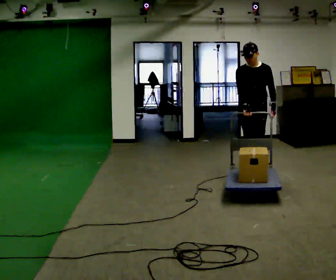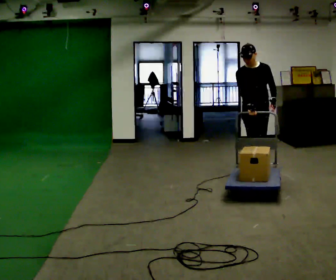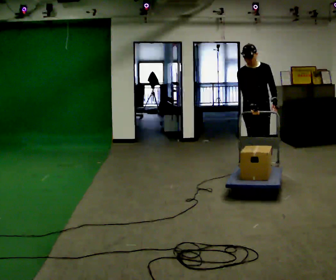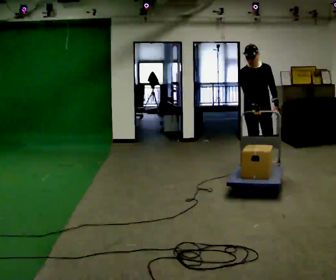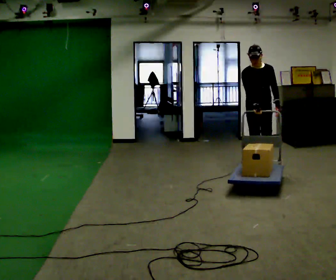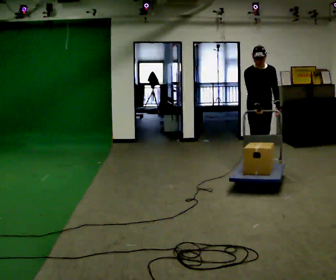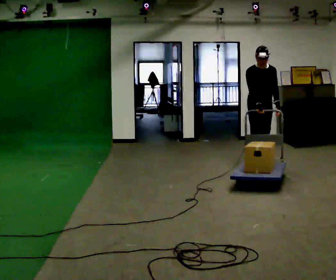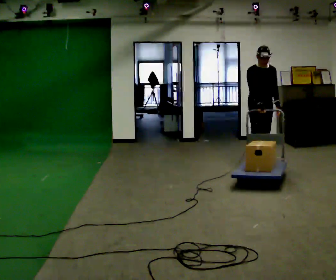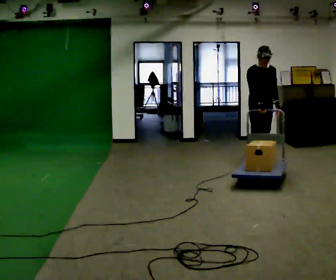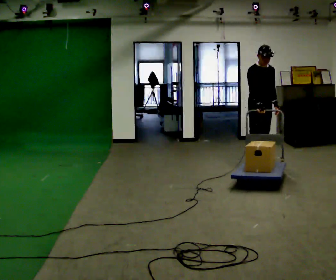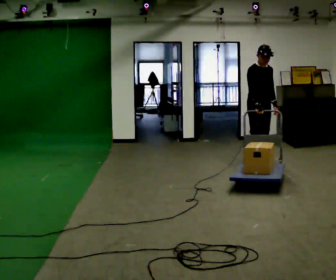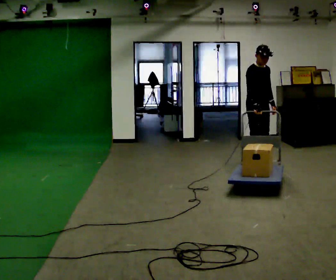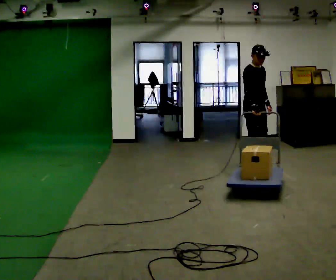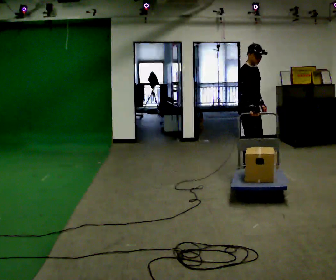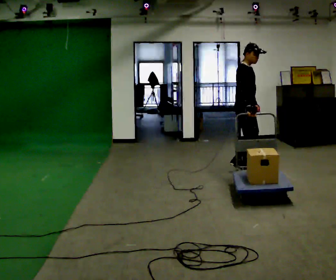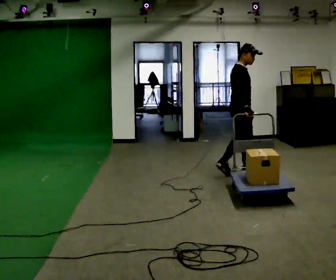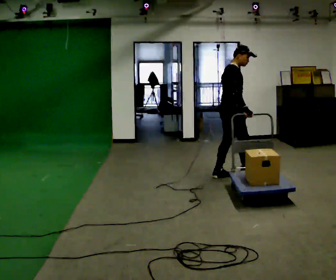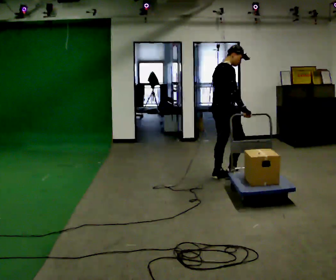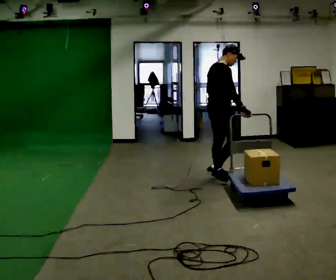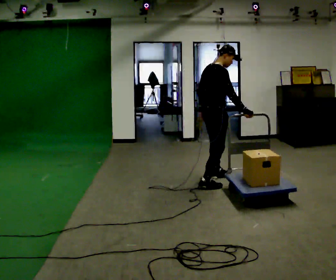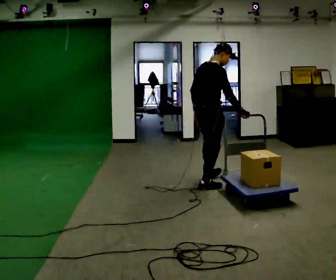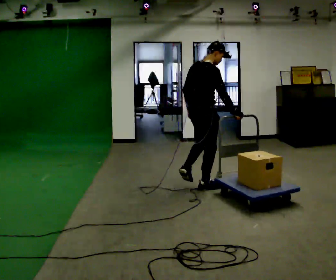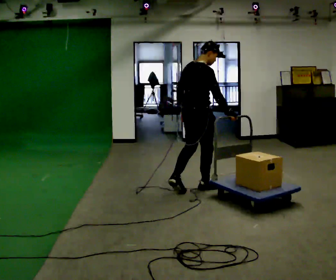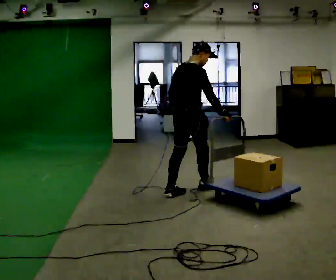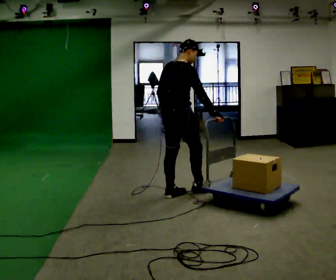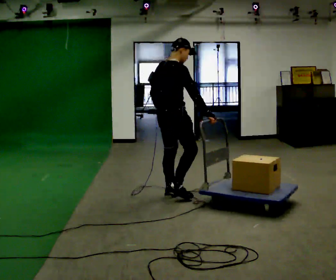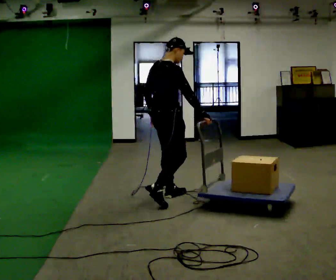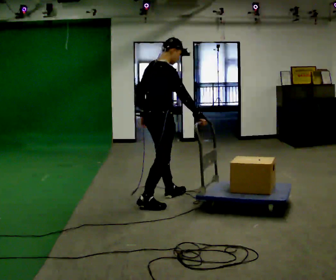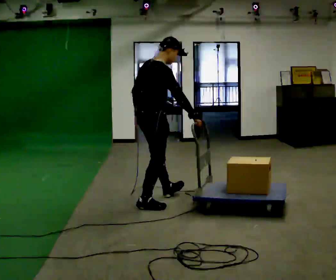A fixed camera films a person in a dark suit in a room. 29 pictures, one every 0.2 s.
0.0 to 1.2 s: The person turns about 30 degrees to their left, counterclockwise seen from above, so the part of the body nearest the lens slides to the right. In the picture they go away from the camera, about 0.5 m in 2 steps, which for them is backward.
1.2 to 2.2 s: The person turns about 30 degrees to their left, counterclockwise seen from above, so the part of the body nearest the lens slides to the right.
2.2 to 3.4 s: The person turns about 75 degrees to their left, counterclockwise seen from above, so the part of the body nearest the lens slides to the right. In the picture they go toward the camera and to the left, about 0.75 m in 2 steps.
3.4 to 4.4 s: In the picture they go toward the camera and to the left, about 0.75 m in 1 step, which for them is backward and to their right.
4.4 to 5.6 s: In the picture they go toward the camera and to the left, about 0.75 m in 1 step, which for them is backward.
The film runs backward here.
